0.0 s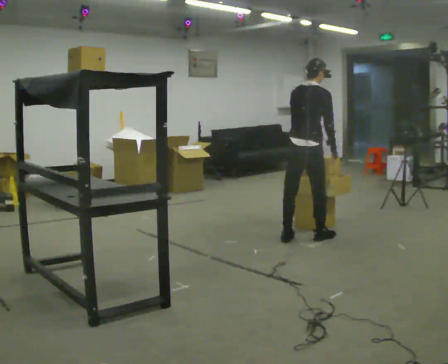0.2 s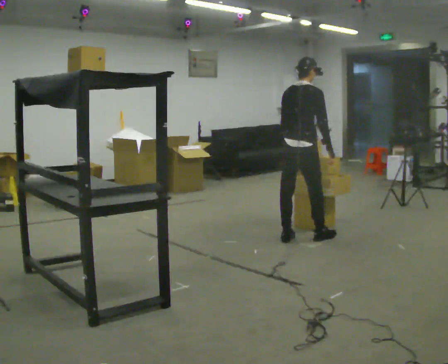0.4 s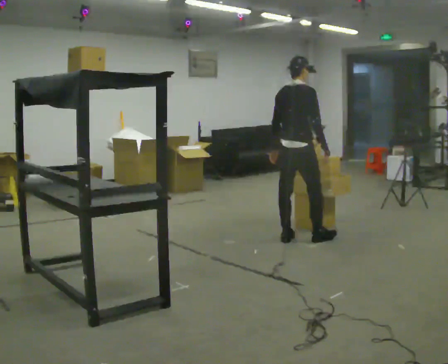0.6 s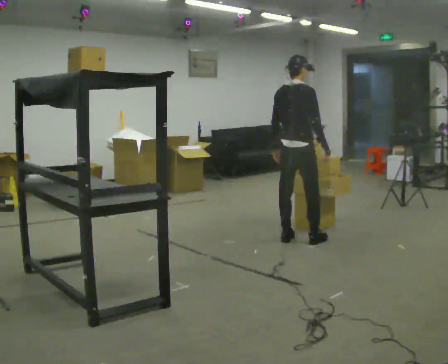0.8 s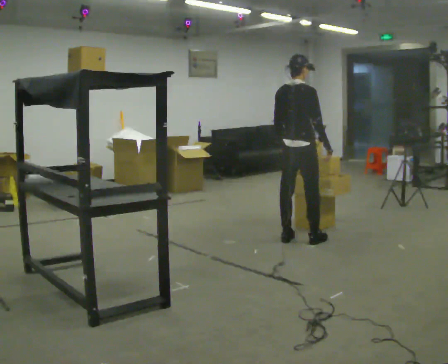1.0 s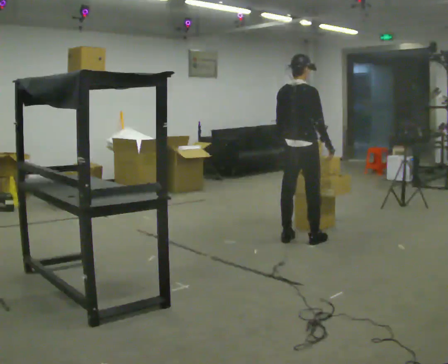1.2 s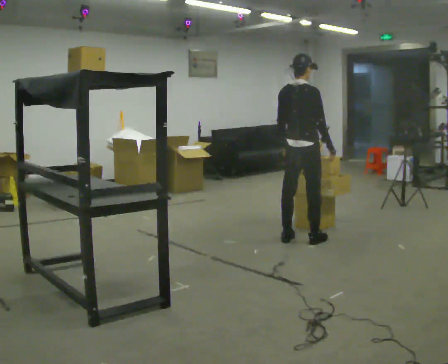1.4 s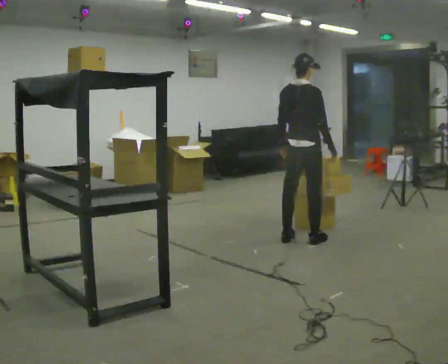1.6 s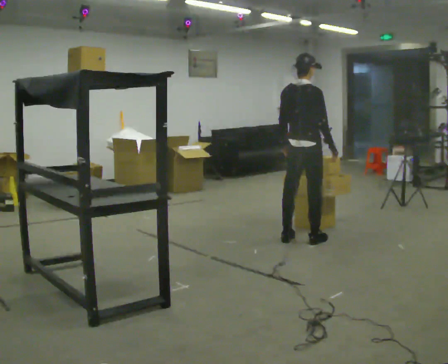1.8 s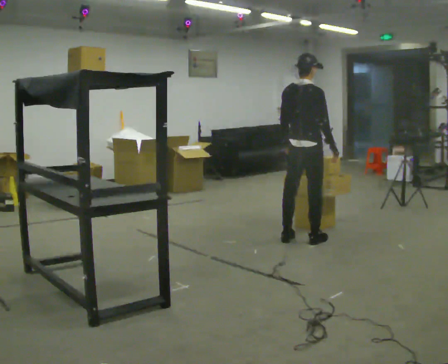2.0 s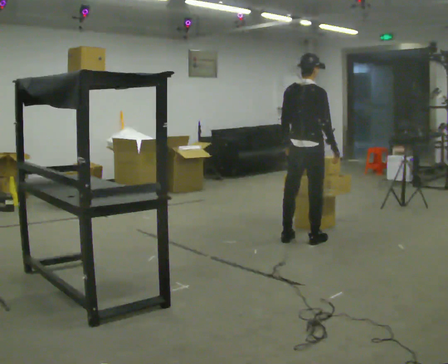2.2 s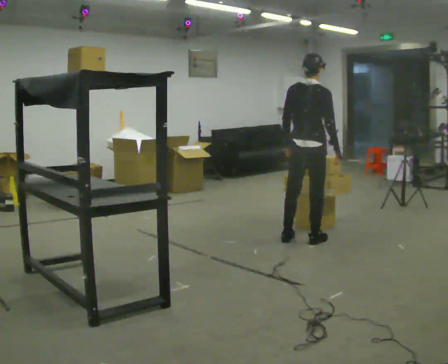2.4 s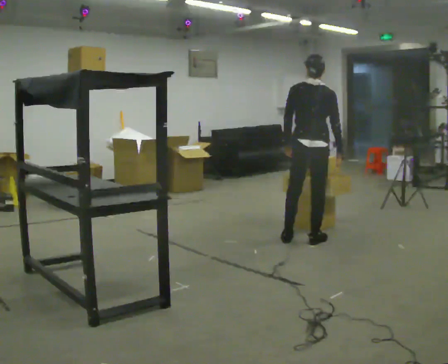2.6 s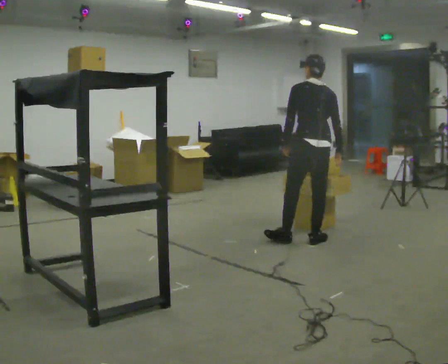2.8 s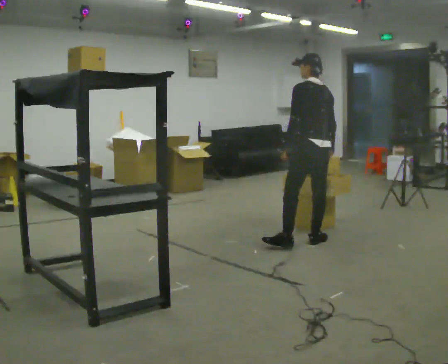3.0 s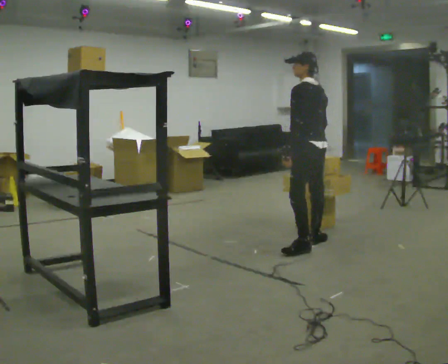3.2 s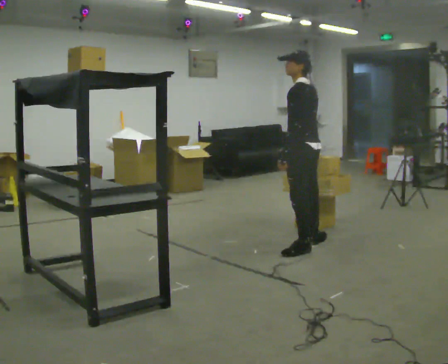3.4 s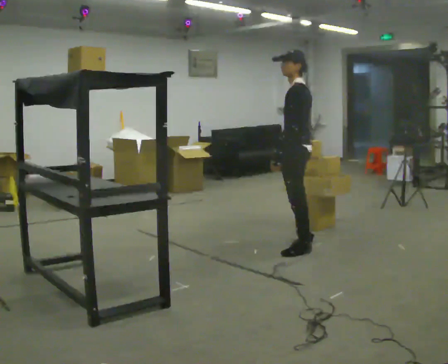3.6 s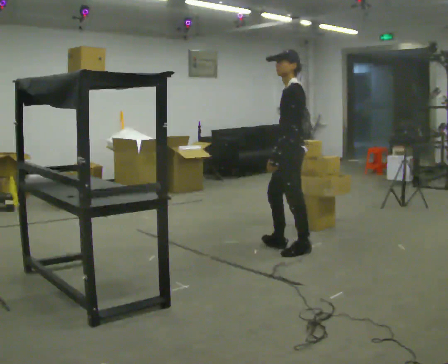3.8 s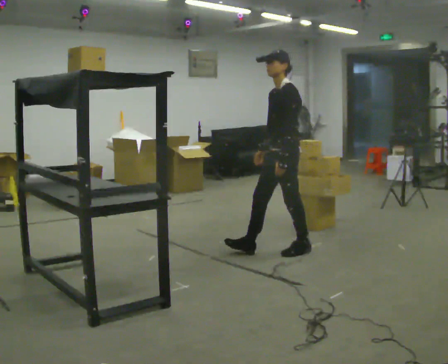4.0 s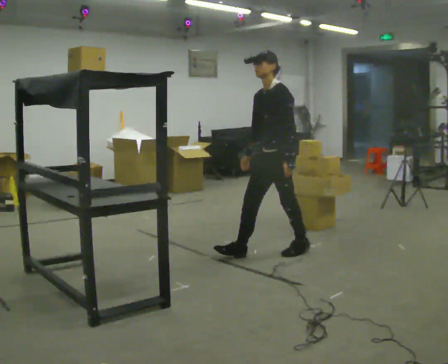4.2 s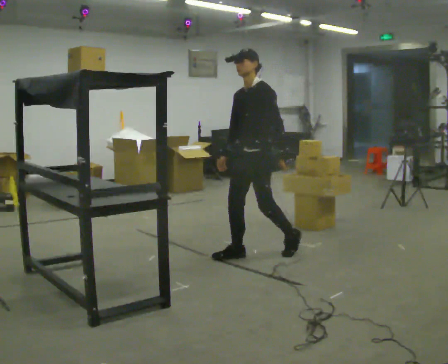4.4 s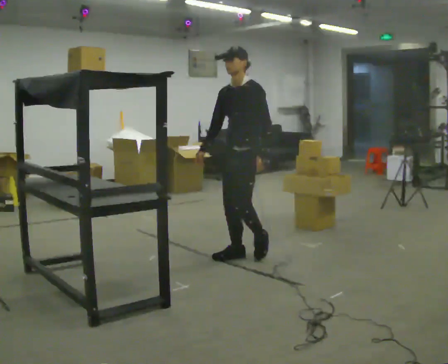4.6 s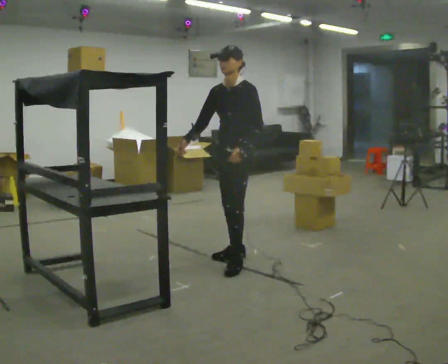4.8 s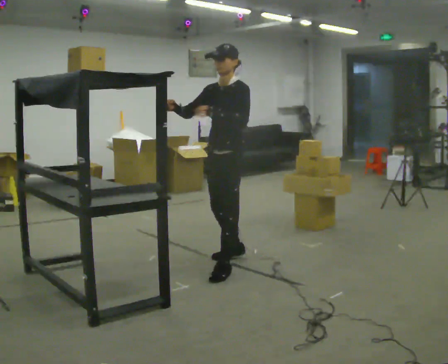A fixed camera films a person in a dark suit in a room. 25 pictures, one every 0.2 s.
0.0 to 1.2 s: The person moves a little, or ends about where they began.
1.2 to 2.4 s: The part of the body nearest the lens slides to the right as the person turns to their left by about 30 degrees.
2.4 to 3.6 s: Seen from above the body turns counterclockwise, about 90 degrees: to their left, with its near side sliding to the right. In the picture they go toward the camera, about 0.25 m in 1 step.
3.6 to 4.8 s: The part of the body nearest the lens slides to the right as the person turns to their left by about 45 degrees. In the picture they go to the left and toward the camera, about 0.5 m in 2 steps, which for them is forward. In the picture their right hand goes upward, the arm swinging clockwise.
The film runs forward here.
